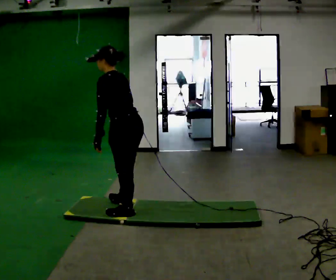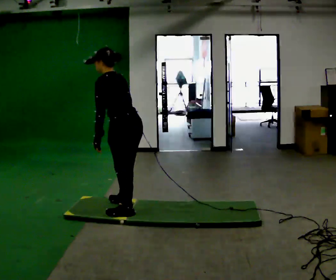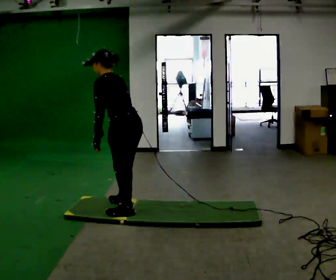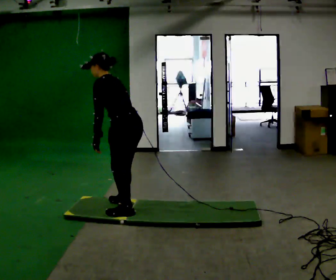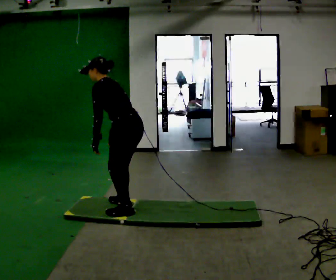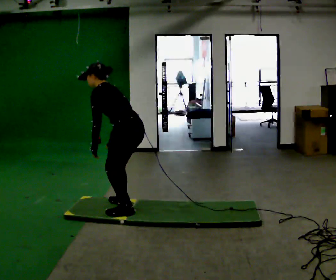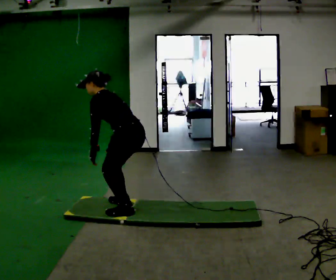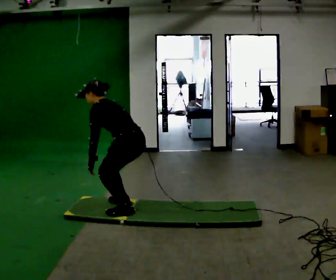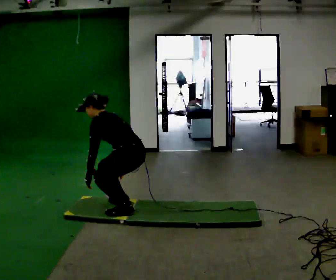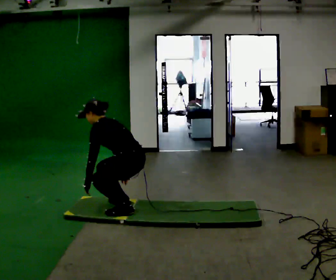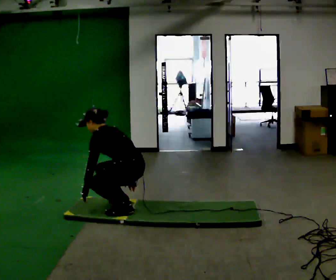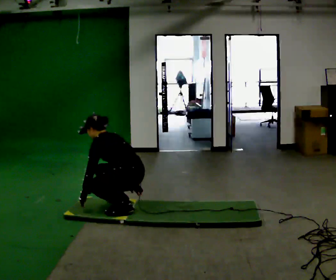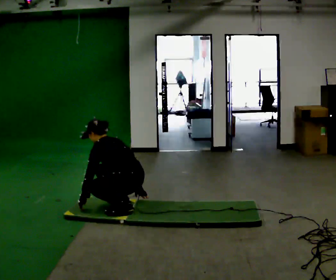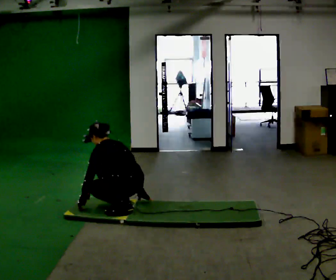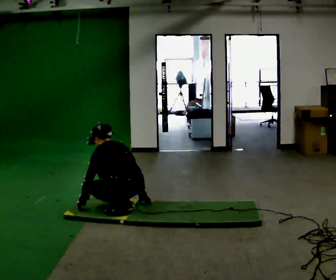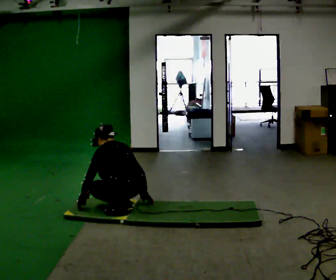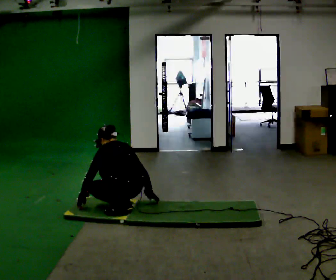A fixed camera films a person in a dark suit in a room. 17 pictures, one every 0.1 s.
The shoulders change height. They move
downward.
Their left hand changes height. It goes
downward.
0.0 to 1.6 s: The shoulders move downward. The upper body tips away from the camera, its near side rolling upward. In the picture their right hand goes downward.
The film runs forward here.
